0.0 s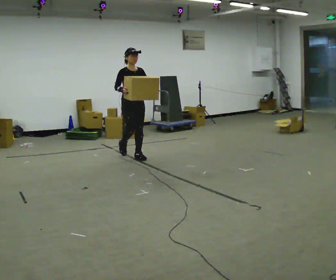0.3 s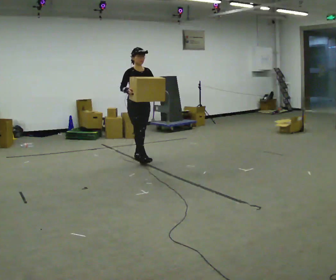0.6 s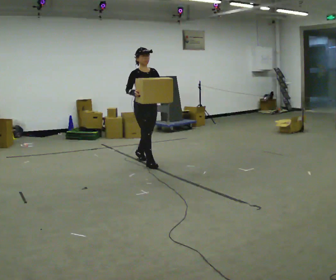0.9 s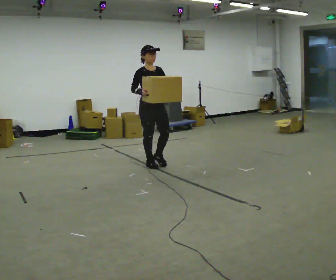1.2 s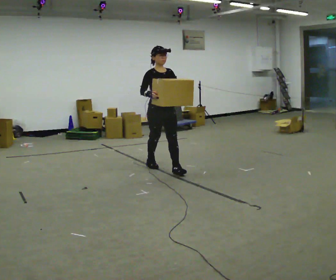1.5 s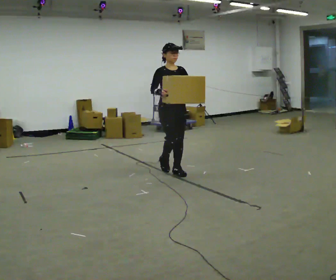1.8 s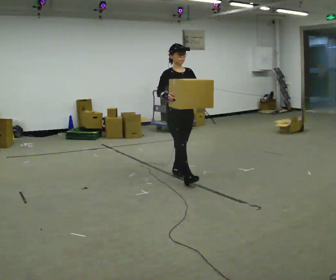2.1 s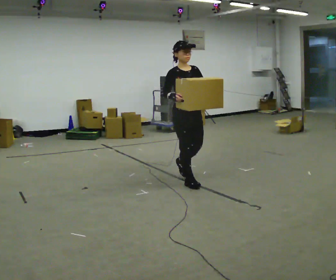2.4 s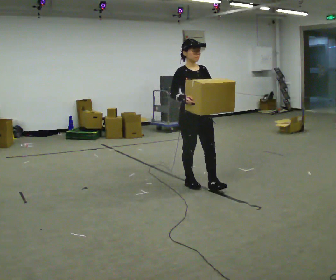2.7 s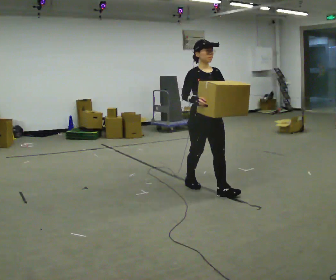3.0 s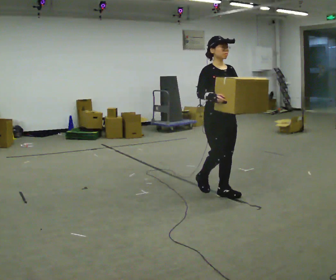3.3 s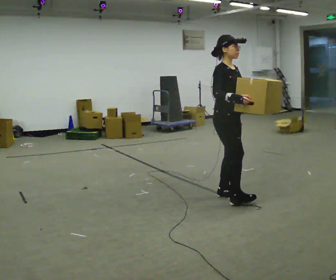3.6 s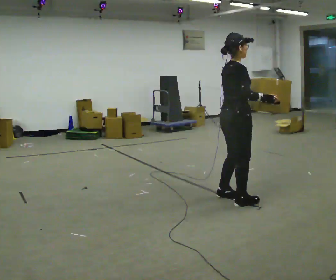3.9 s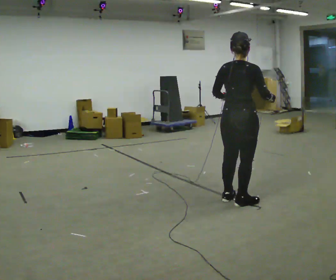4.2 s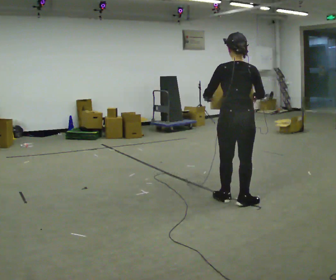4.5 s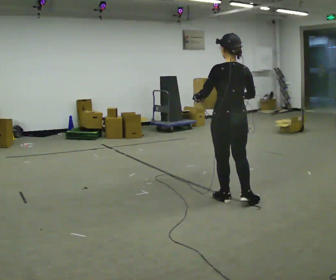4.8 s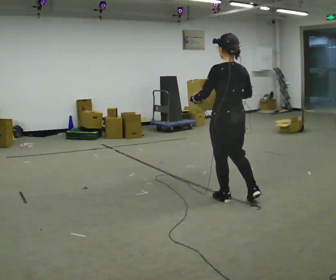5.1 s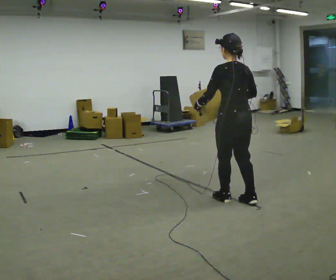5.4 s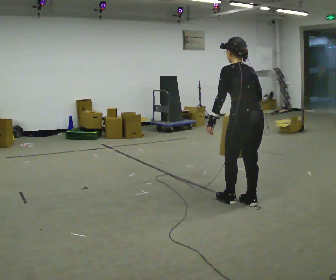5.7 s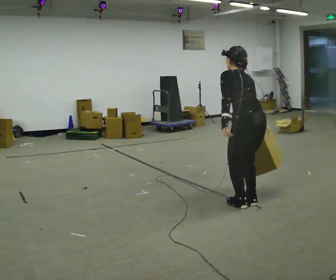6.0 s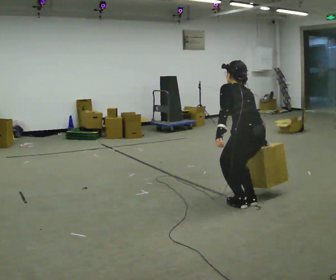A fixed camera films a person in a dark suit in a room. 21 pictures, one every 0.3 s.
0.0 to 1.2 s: In the picture they go toward the camera and to the right, about 1 m in 2 steps, which for them is forward.
1.2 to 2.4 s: In the picture they go toward the camera and to the right, about 0.5 m in 1 step, which for them is forward.
2.4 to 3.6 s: The person turns about 75 degrees to their left, counterclockwise seen from above, so the part of the body nearest the lens slides to the right. In the picture they go toward the camera and to the right, about 0.75 m in 2 steps.
3.6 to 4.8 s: The person turns about 105 degrees to their left, counterclockwise seen from above, so the part of the body nearest the lens slides to the right.
4.8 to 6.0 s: In the picture they go toward the camera and to the right, about 0.25 m in 1 step, which for them is backward. The shoulders move downward. The upper body tips away from the camera, its near side rolling upward, as they bend forward.
The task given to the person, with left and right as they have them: Carry the heavy box in both hands in front of you, walking back and forth across the room. Keep walking until the operator says stop. Set it down if you need a rest.
The film runs forward here.
